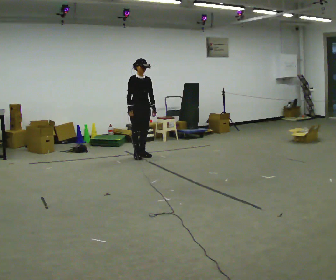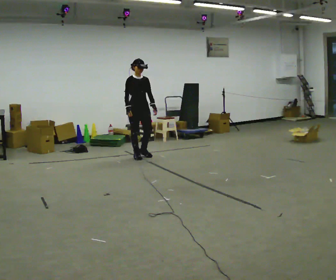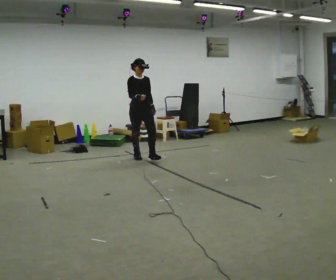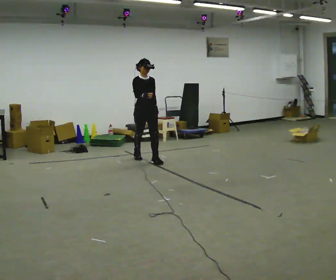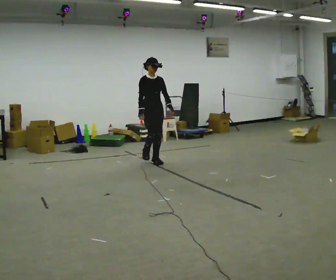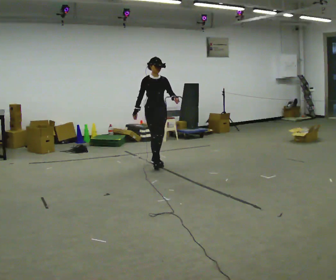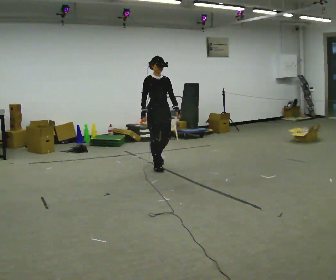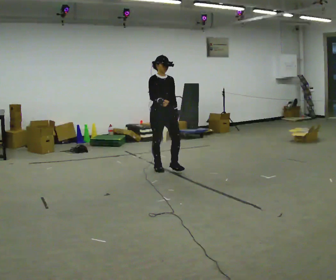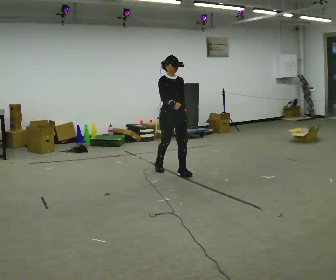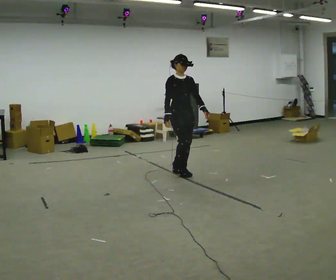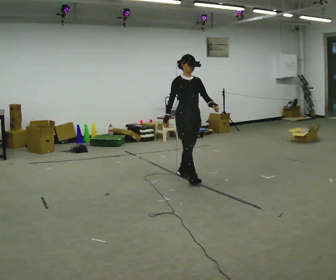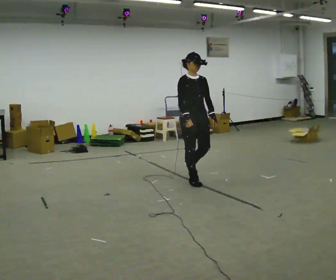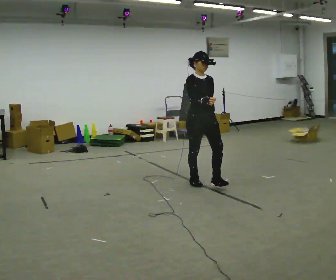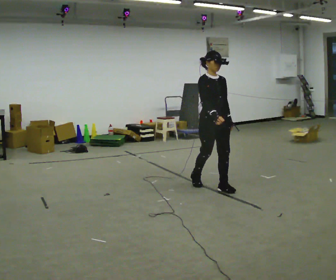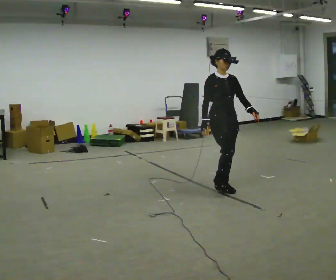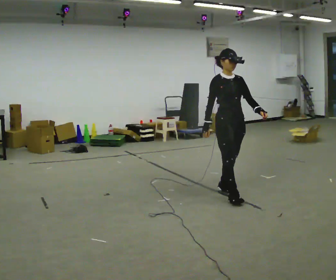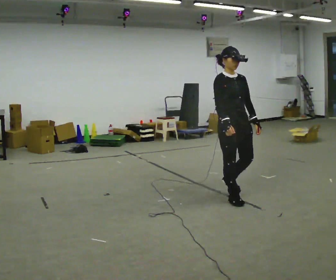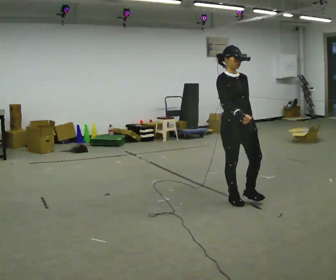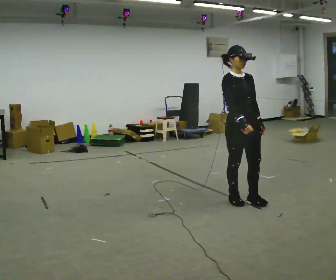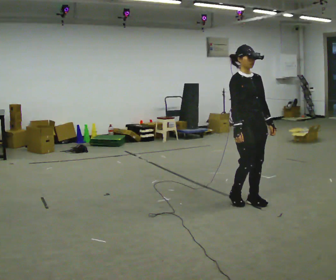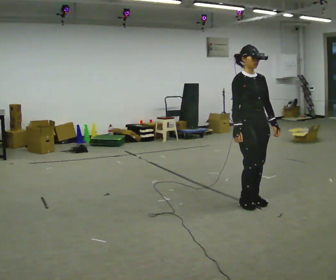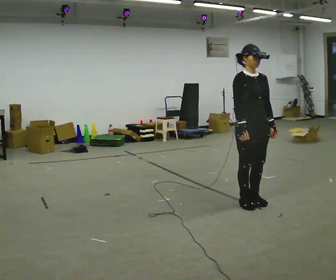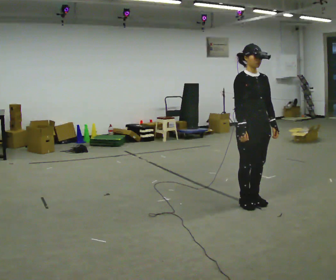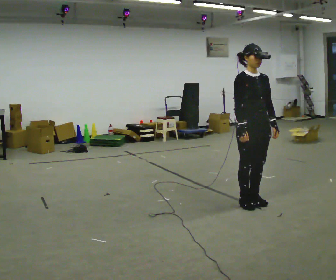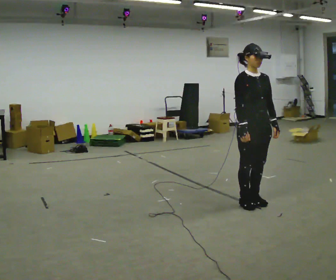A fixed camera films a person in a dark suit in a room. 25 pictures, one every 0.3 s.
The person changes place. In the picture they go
toward the camera.
0.0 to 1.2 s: In the picture they go toward the camera and to the right, about 0.5 m in 1 step, which for them is forward.
1.2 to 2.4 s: In the picture they go toward the camera and to the right, about 0.75 m in 2 steps, which for them is forward.
2.4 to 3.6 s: In the picture they go toward the camera and to the right, about 0.75 m in 1 step, which for them is forward.
3.6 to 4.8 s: In the picture they go toward the camera and to the right, about 0.75 m in 2 steps, which for them is forward.
4.8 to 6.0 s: In the picture they go to the right, about 0.25 m in 2 steps, which for them is forward.
6.0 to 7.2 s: The person moves a little, or ends about where they began.
The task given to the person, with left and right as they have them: Walk forward noticeably slower than normal; do not shuffle; stop.
The film runs forward here.
